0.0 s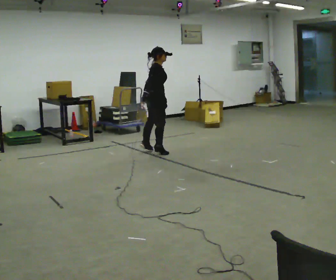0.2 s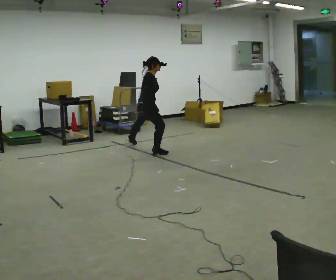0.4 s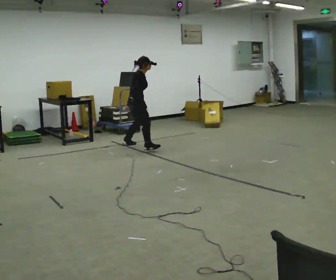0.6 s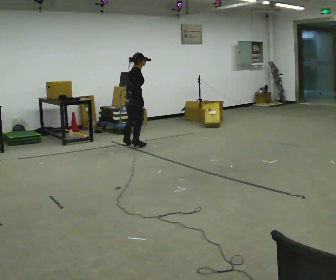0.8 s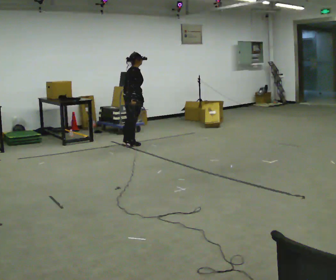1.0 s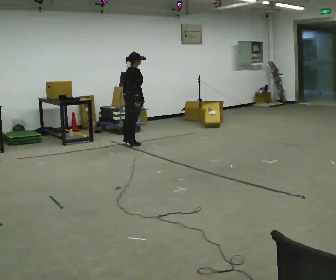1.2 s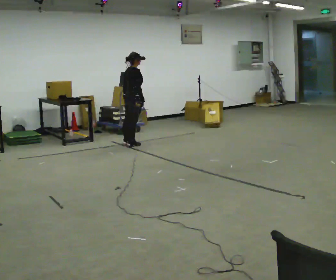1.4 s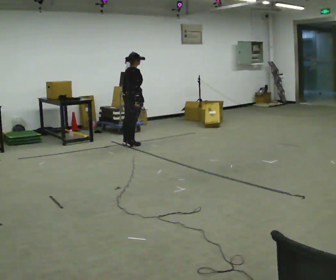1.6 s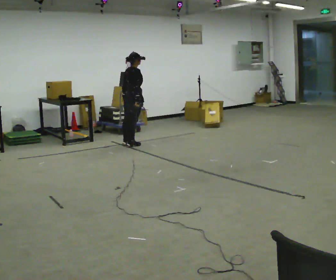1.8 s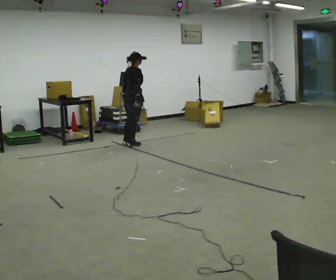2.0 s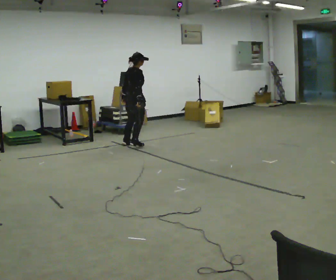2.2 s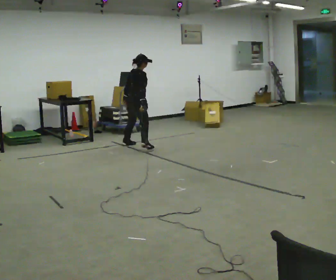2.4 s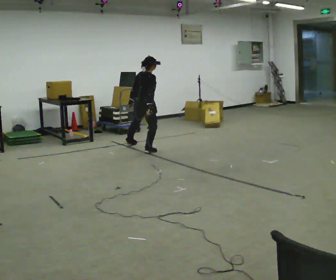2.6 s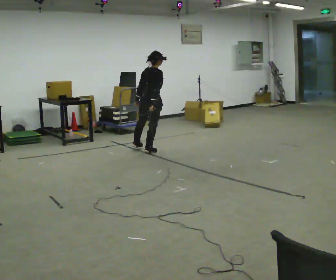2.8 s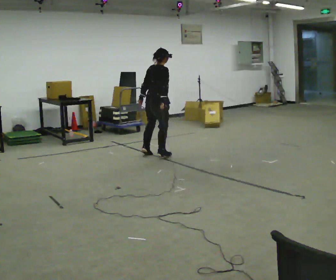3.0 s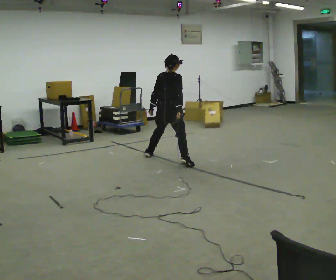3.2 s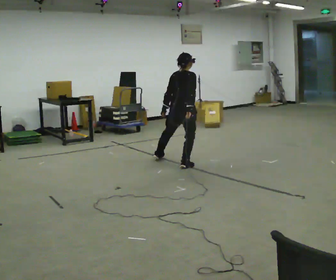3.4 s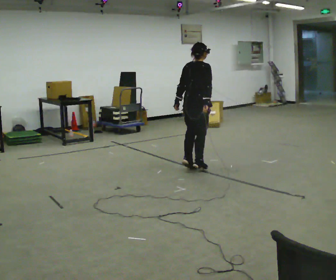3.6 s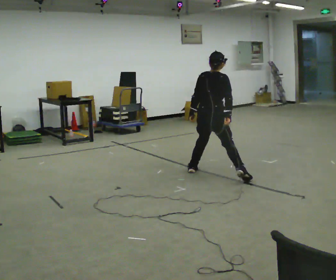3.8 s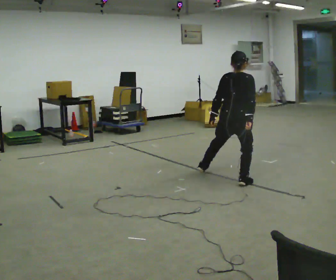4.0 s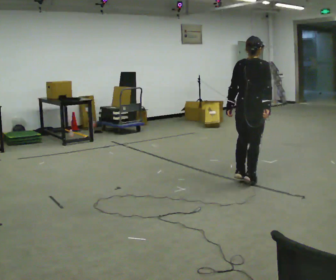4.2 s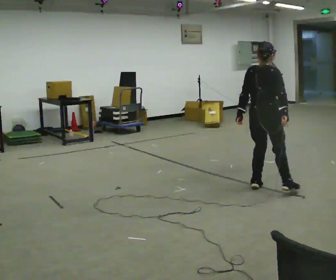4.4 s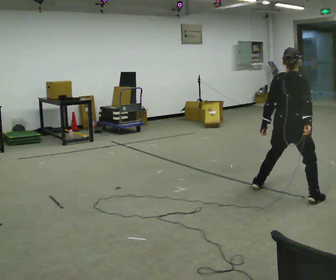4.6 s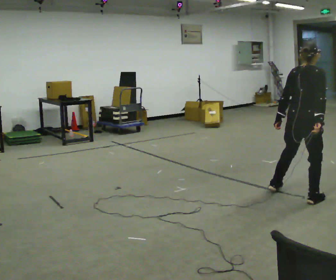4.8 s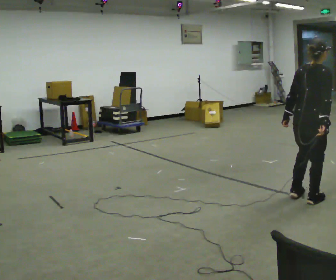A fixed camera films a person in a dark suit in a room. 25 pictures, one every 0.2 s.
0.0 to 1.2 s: In the picture they go away from the camera and to the left, about 1 m in 1 step, which for them is to their left.
1.2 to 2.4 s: In the picture they go toward the camera, about 0.5 m in 2 steps, which for them is to their right.
2.4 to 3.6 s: In the picture they go toward the camera and to the right, about 1.5 m in 2 steps, which for them is to their right and backward.
3.6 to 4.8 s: In the picture they go toward the camera and to the right, about 1.5 m in 3 steps, which for them is to their right.
The film runs backward here.
